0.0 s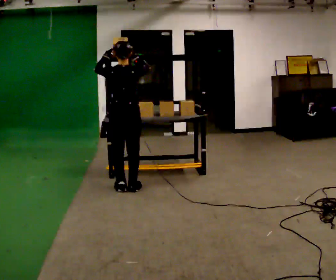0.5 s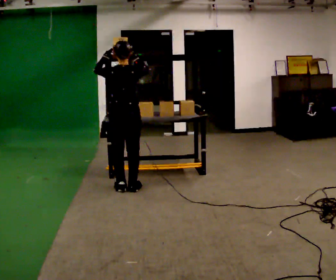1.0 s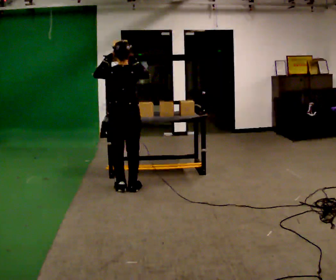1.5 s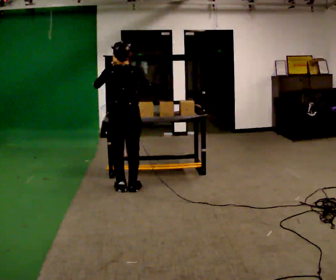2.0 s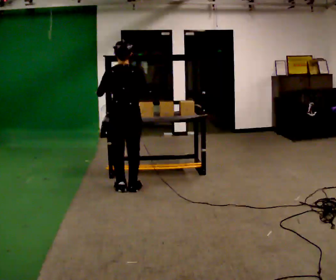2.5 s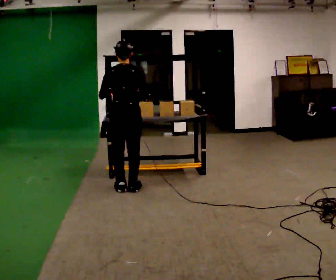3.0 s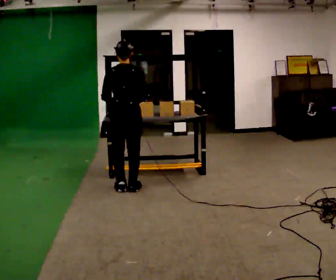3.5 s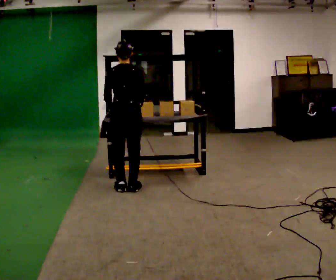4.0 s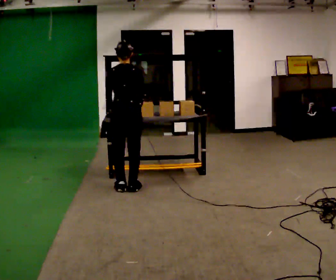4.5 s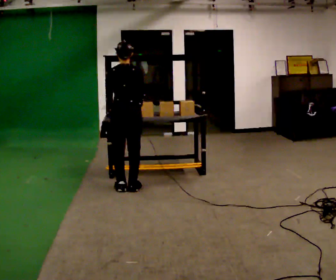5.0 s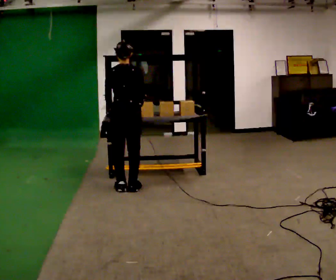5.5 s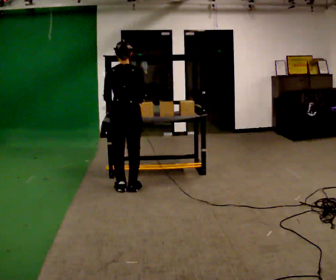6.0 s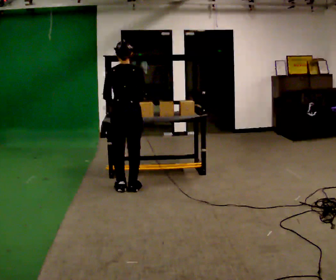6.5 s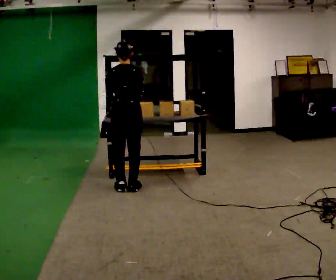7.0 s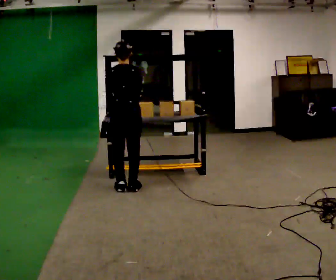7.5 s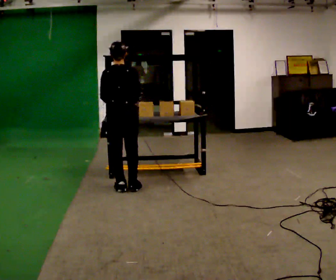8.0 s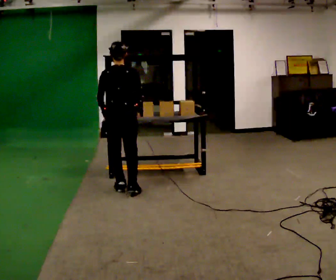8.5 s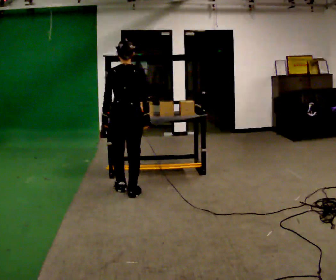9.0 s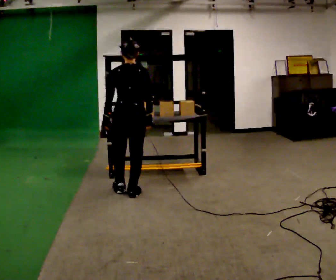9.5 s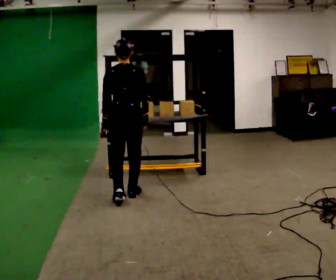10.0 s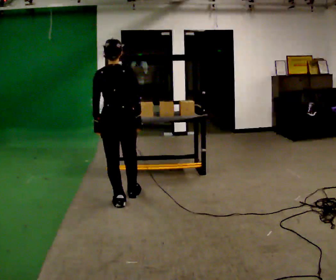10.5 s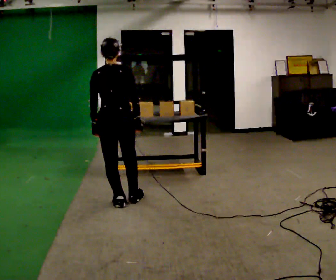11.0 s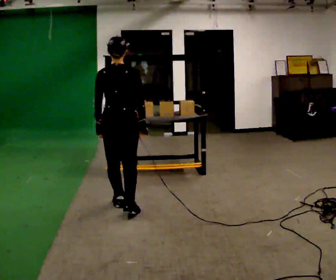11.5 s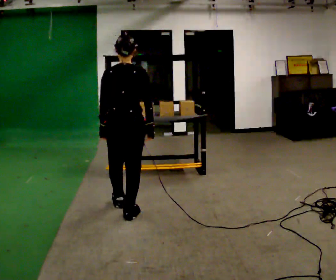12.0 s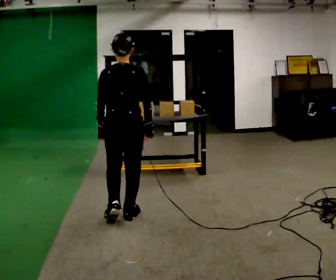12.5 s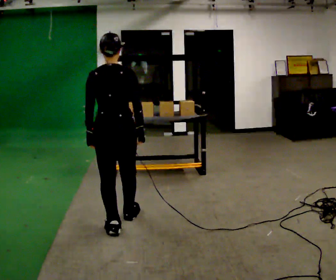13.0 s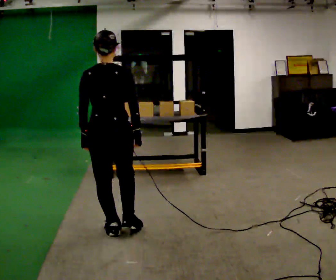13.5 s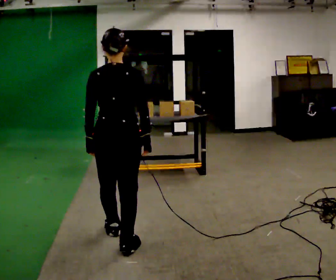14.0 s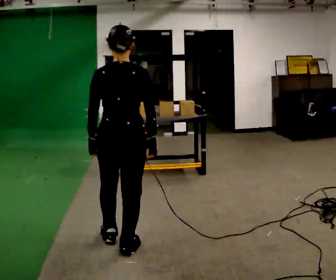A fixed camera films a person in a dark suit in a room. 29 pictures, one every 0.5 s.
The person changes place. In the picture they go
toward the camera.
0.0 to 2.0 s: The person moves a little, or ends about where they began.
2.0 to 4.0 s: In the picture their left hand goes downward.
4.0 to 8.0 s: The person moves a little, or ends about where they began.
8.0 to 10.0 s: In the picture they go toward the camera, about 0.25 m in 1 step, which for them is backward.
10.0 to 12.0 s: In the picture they go toward the camera, about 0.5 m in 2 steps, which for them is backward.
12.0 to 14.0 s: In the picture they go toward the camera, about 0.5 m in 2 steps, which for them is backward.
The film runs backward here.
